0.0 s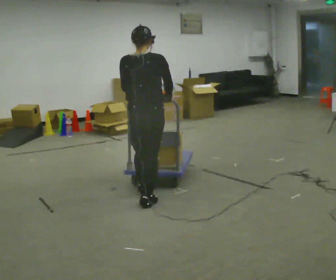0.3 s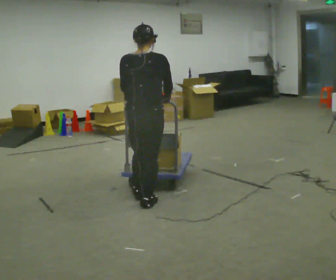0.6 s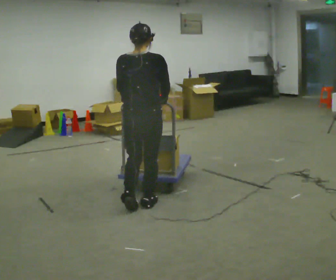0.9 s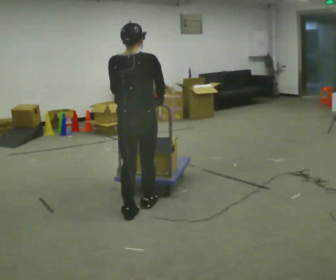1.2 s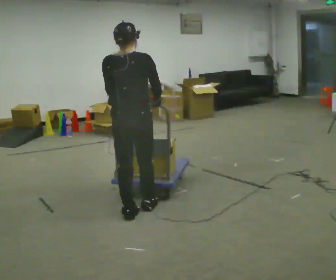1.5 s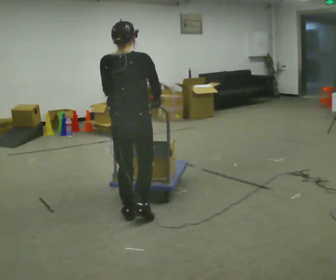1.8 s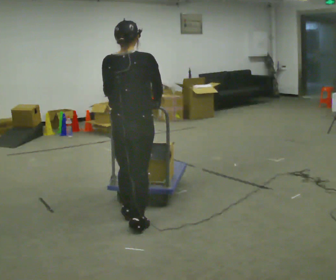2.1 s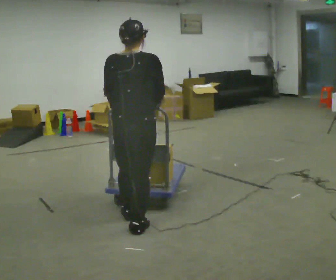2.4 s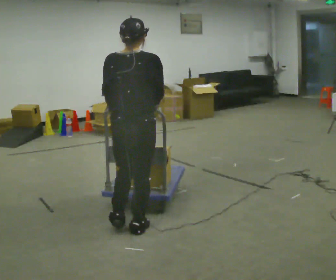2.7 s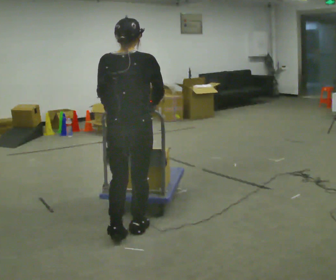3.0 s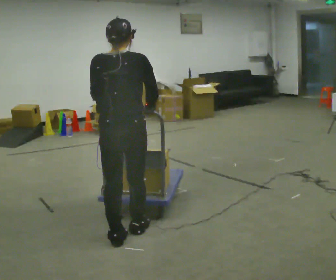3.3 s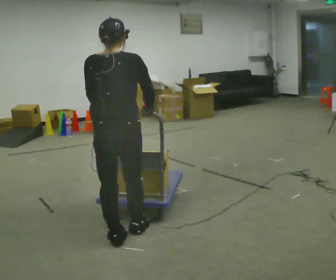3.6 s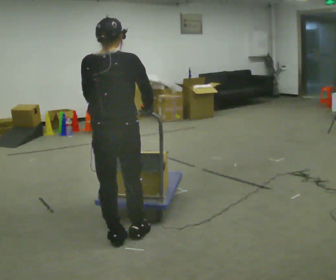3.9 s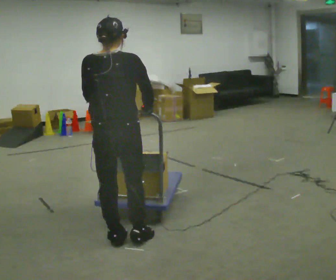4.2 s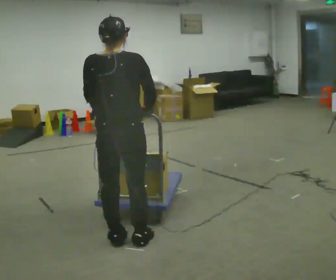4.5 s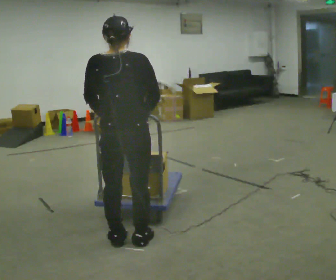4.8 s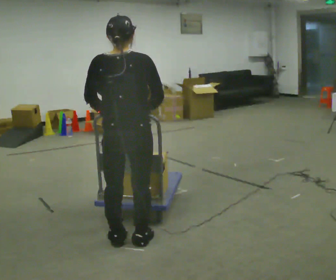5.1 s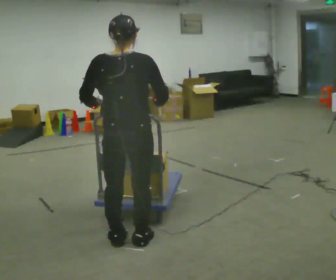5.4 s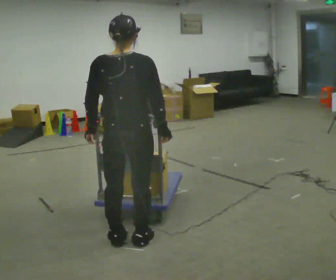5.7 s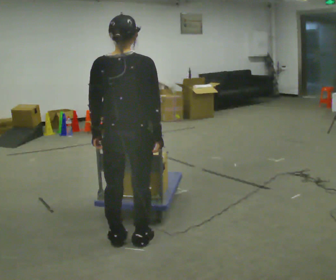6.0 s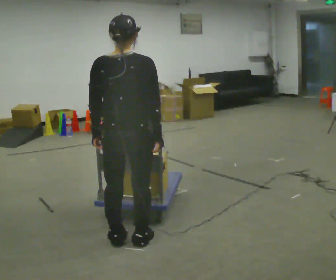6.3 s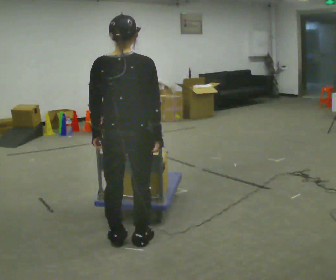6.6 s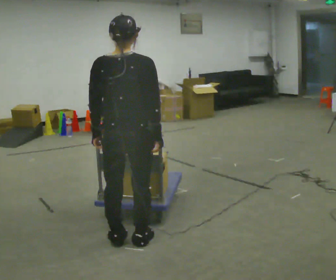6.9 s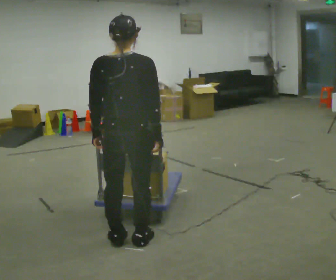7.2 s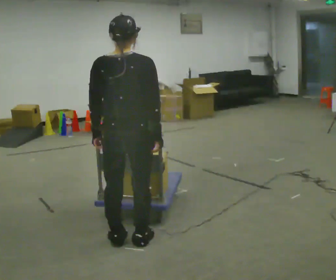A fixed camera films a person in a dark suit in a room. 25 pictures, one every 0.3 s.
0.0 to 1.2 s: In the picture they go toward the camera, about 0.25 m in 2 steps, which for them is backward.
1.2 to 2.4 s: In the picture they go toward the camera, about 0.25 m in 1 step, which for them is backward.
2.4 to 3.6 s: In the picture they go toward the camera, about 0.25 m in 1 step, which for them is backward.
3.6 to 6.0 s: The person moves a little, or ends about where they began.
6.0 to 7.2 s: The person keeps their place and pose.
The film runs backward here.
